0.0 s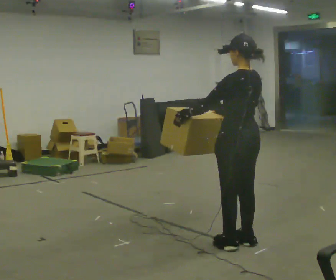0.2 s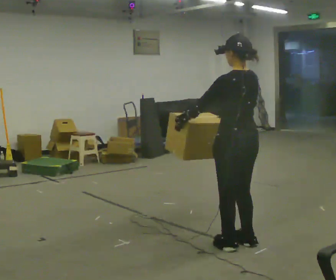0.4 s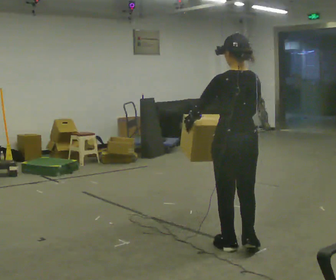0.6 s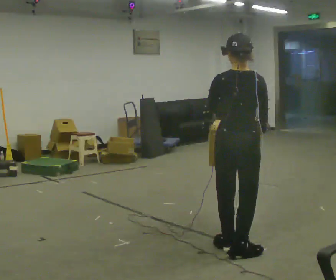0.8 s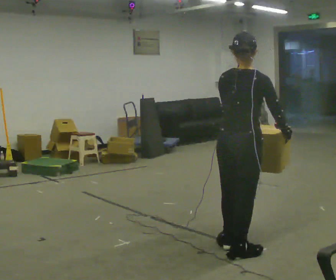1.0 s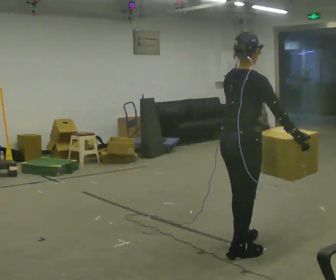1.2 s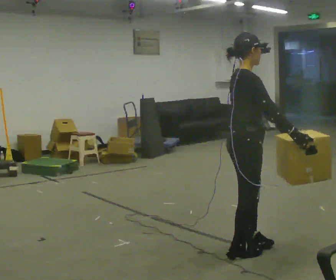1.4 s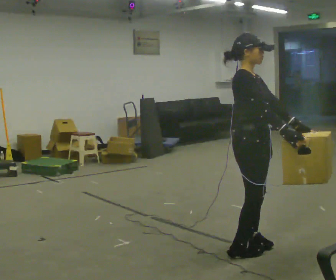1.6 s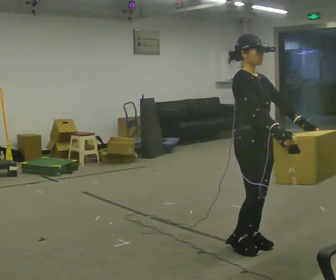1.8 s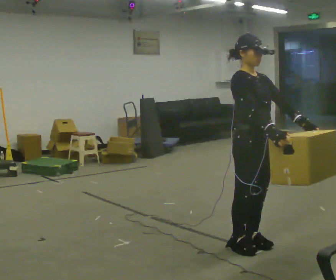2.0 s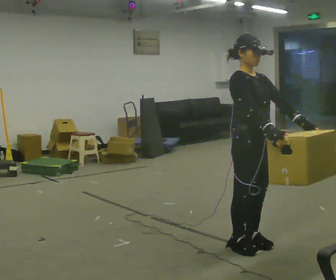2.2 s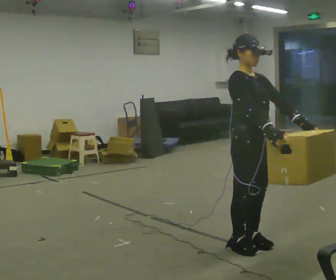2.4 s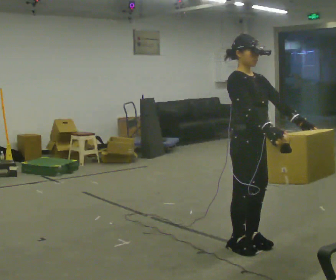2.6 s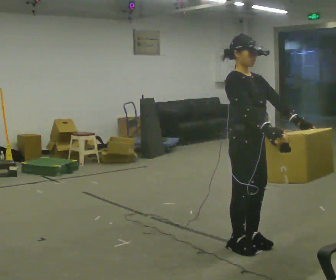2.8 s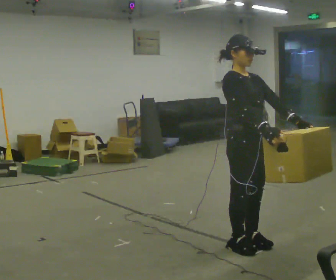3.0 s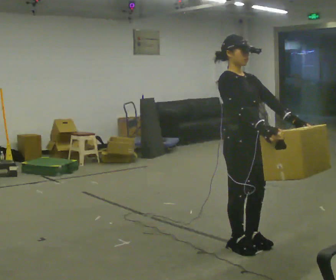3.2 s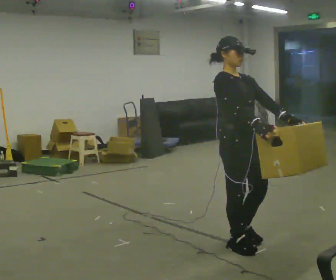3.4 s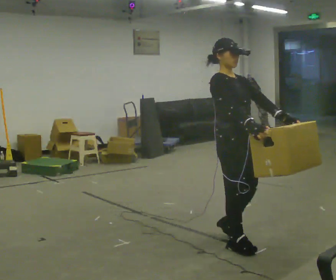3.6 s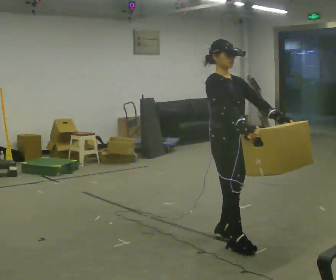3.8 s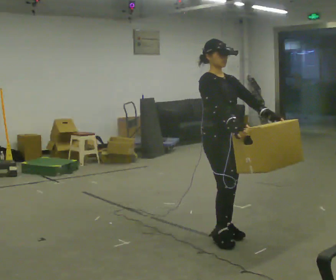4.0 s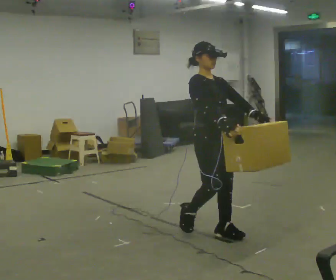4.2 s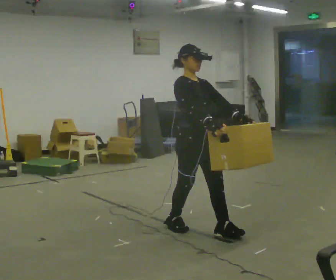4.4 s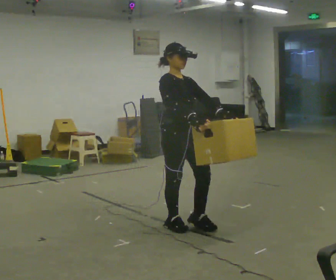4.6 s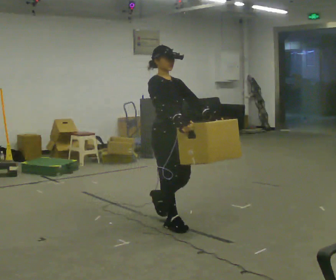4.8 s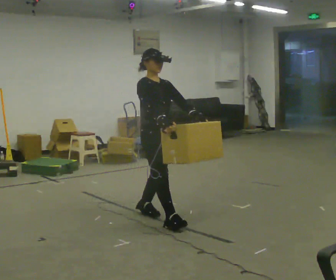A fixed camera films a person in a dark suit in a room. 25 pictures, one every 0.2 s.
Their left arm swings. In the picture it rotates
counterclockwise.
The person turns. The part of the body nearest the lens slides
to the left.
0.0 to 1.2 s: The part of the body nearest the lens slides to the left as the person turns to their right by about 120 degrees. In the picture they go toward the camera, about 0.25 m in 1 step. In the picture their right hand goes to the right, the arm swinging counterclockwise.
1.2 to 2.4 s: The part of the body nearest the lens slides to the left as the person turns to their right by about 60 degrees.
2.4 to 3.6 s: In the picture they go away from the camera, about 0.25 m in 1 step, which for them is backward.
3.6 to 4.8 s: In the picture they go to the left and away from the camera, about 1 m in 2 steps, which for them is backward.
The film runs backward here.
